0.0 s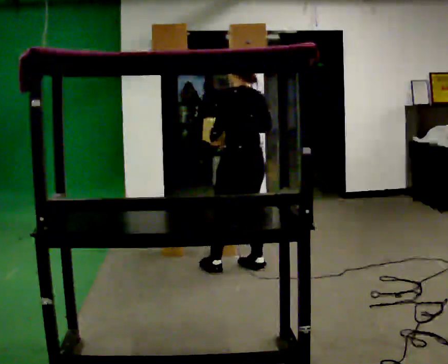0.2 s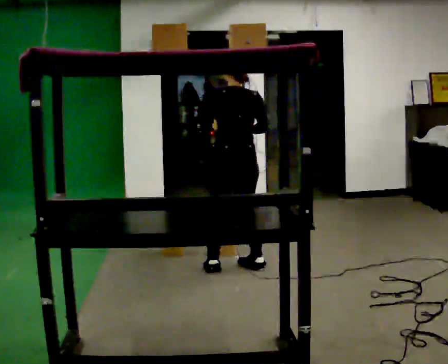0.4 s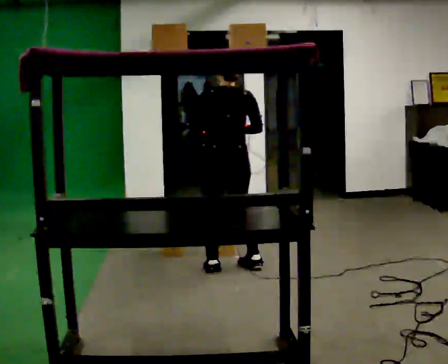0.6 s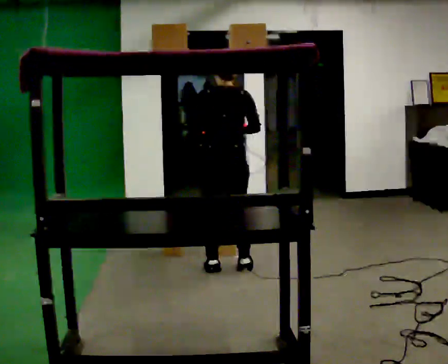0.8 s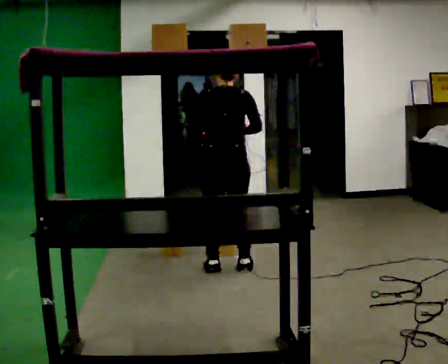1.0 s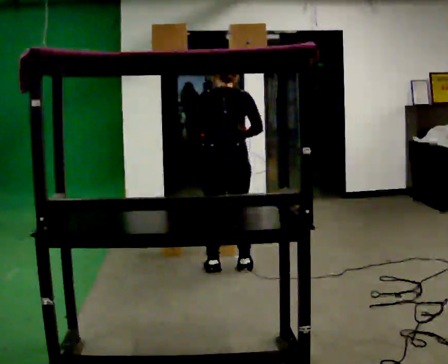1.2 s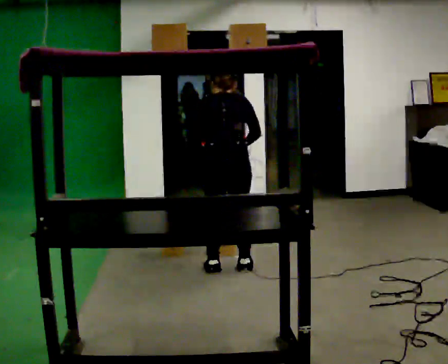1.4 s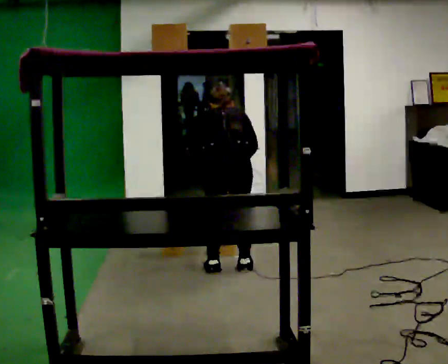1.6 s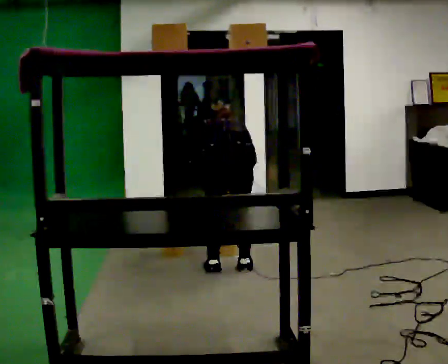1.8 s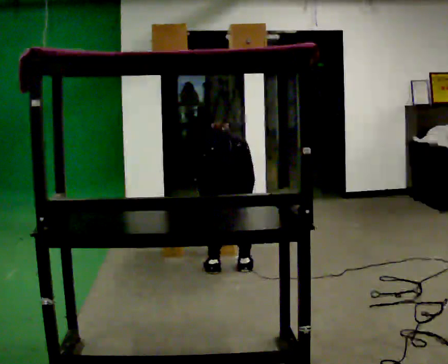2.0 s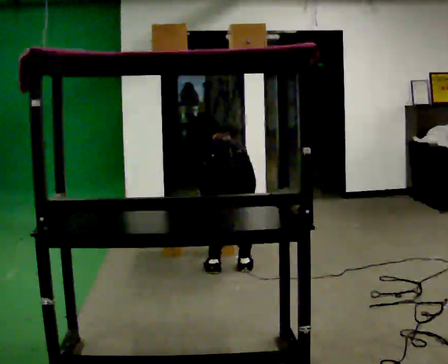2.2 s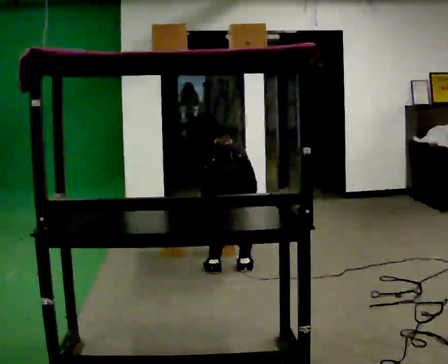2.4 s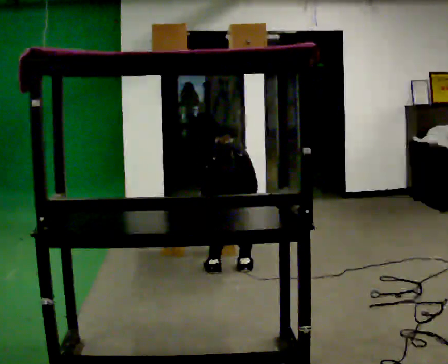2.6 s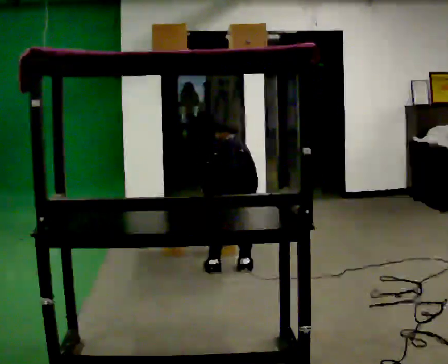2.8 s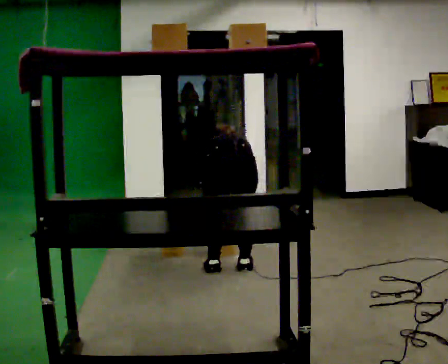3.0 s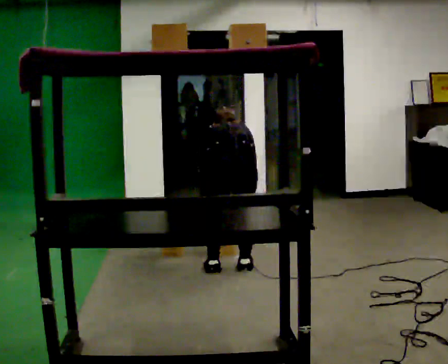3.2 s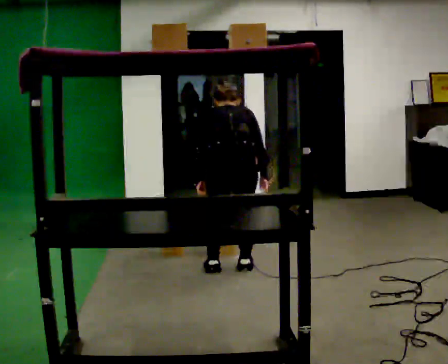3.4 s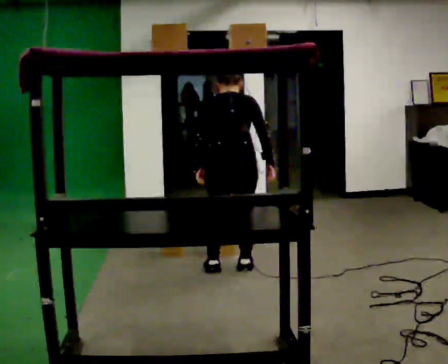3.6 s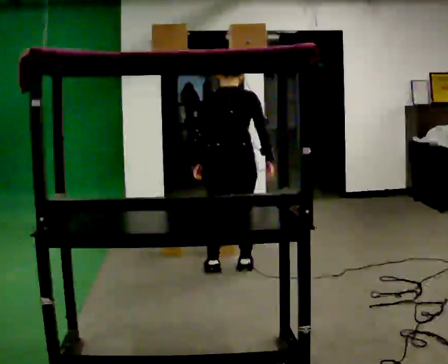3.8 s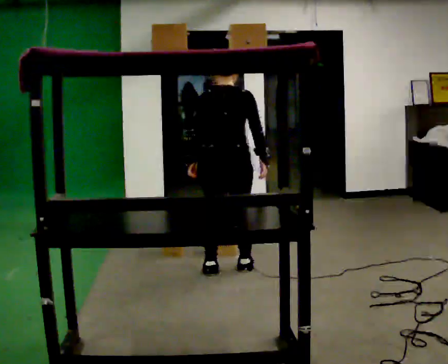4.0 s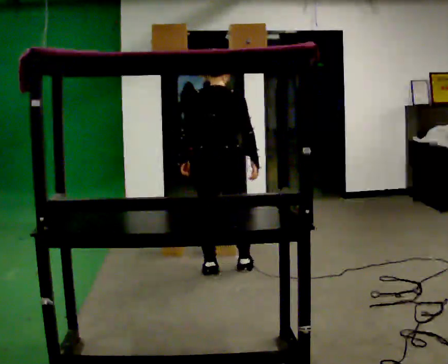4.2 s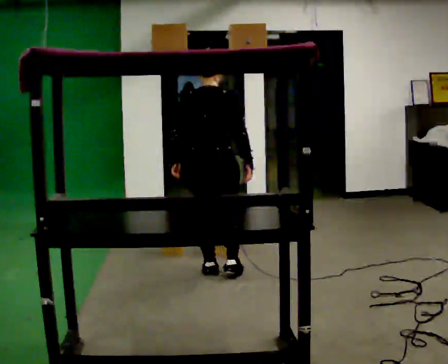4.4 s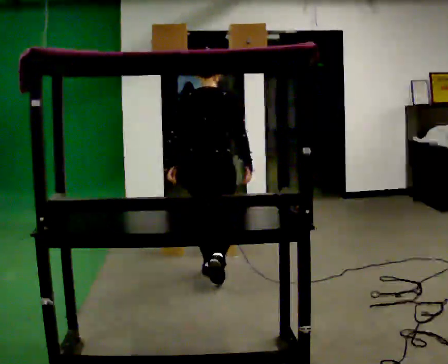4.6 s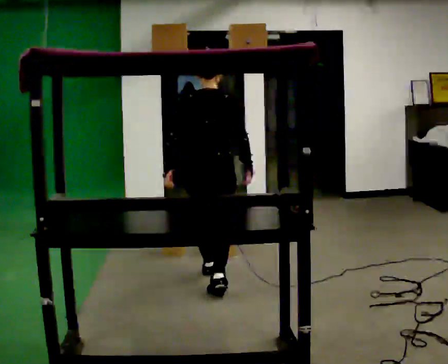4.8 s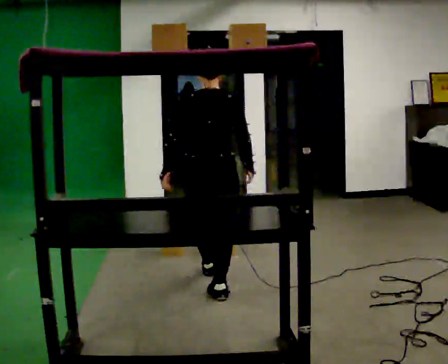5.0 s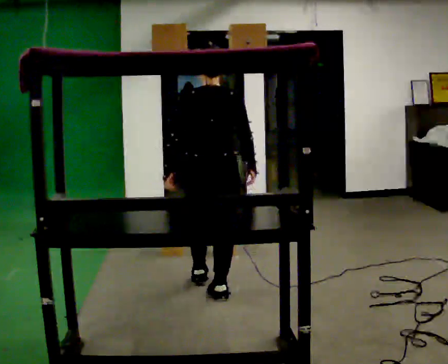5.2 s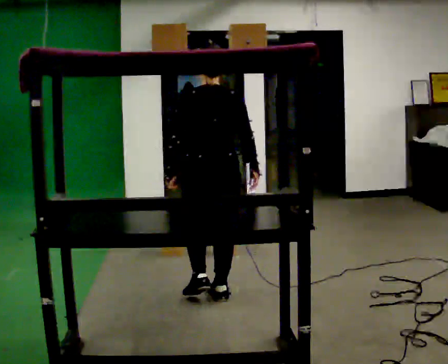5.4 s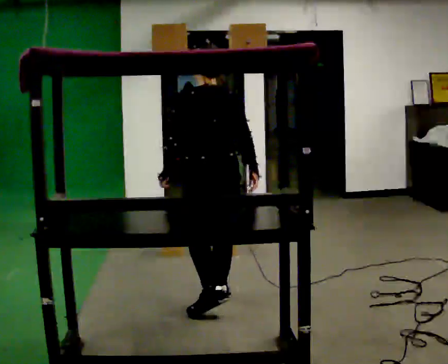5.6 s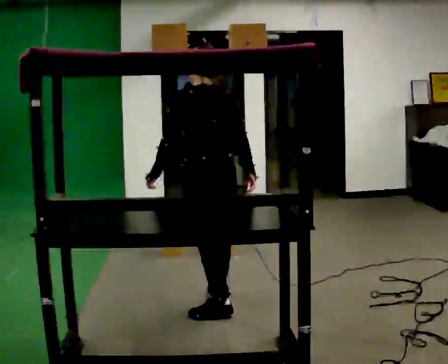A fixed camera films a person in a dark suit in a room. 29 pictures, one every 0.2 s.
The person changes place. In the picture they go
toward the camera.
0.0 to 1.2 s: The part of the body nearest the lens slides to the left as the person turns to their right by about 30 degrees. The upper body tips away from the camera, its near side rolling upward, as they bend forward.
1.2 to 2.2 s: The shoulders move downward. The upper body tips away from the camera, its near side rolling upward, as they bend forward. In the picture their right hand goes downward.
2.2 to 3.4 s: The upper body goes upward. The upper body tips toward the camera, its near side rolling downward, as they lean back or straighten. In the picture their right hand goes upward.
3.4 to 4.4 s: In the picture they go to the left, about 0.25 m in 1 step, which for them is to their left. The upper body tips toward the camera, its near side rolling downward, as they lean back or straighten.
4.4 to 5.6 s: The part of the body nearest the lens slides to the right as the person turns to their left by about 45 degrees. In the picture they go toward the camera, about 0.5 m in 1 step, which for them is backward.
The film runs backward here.
